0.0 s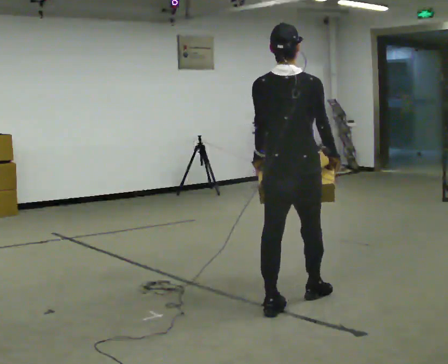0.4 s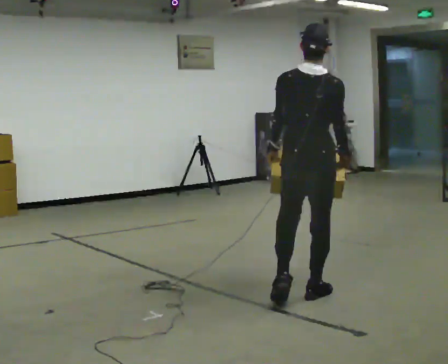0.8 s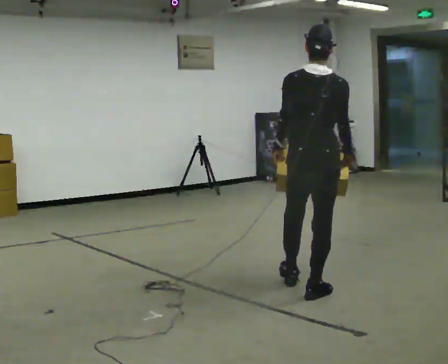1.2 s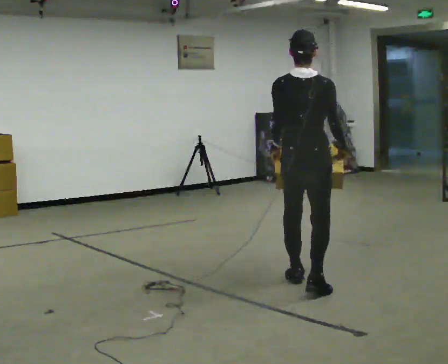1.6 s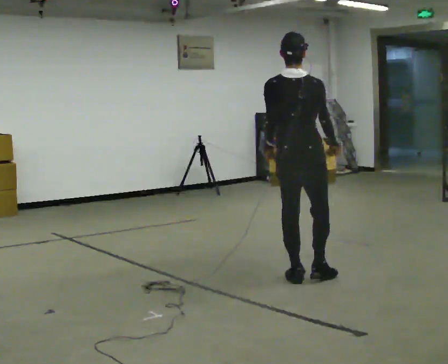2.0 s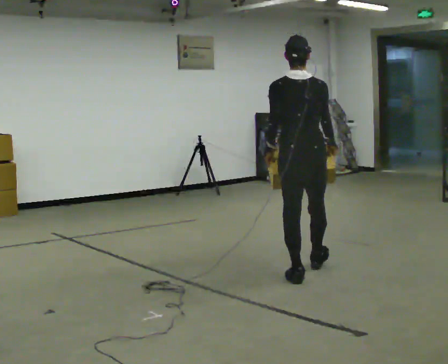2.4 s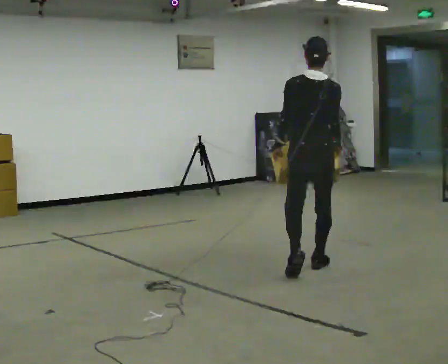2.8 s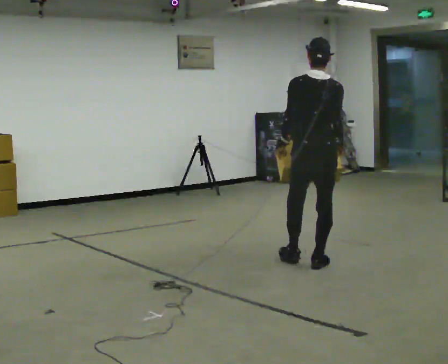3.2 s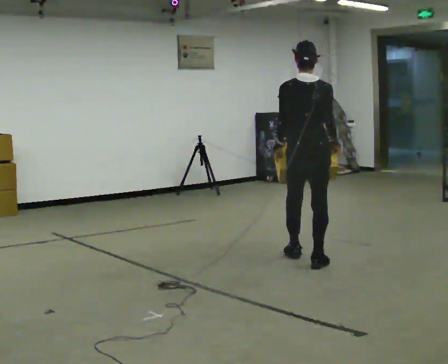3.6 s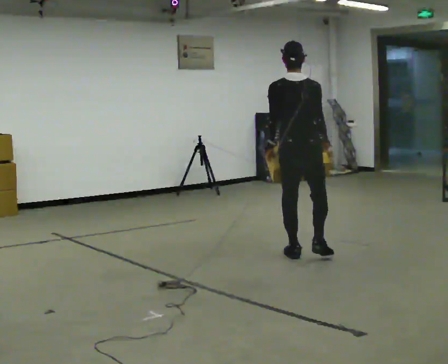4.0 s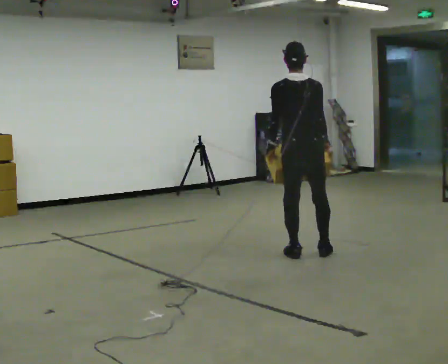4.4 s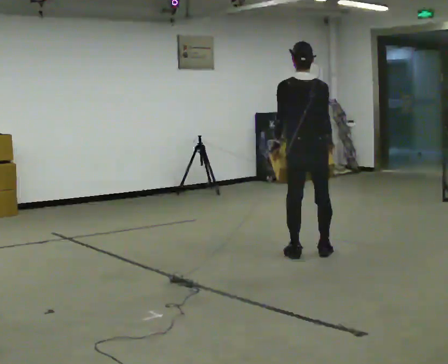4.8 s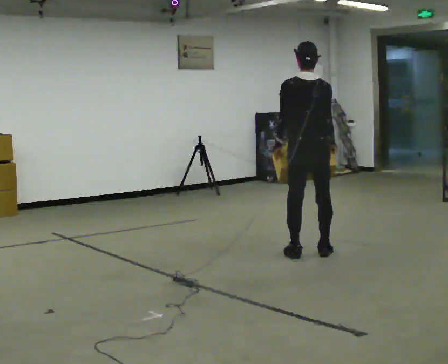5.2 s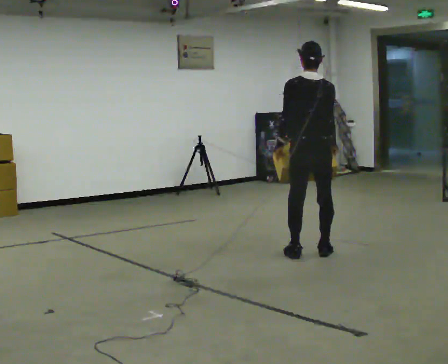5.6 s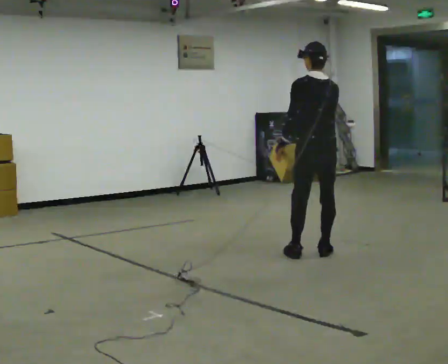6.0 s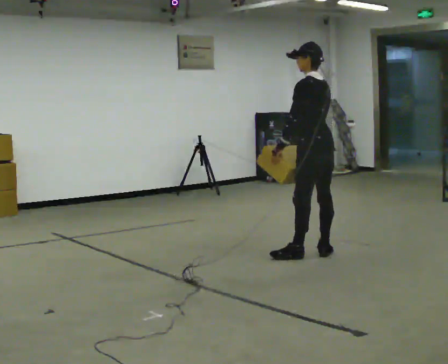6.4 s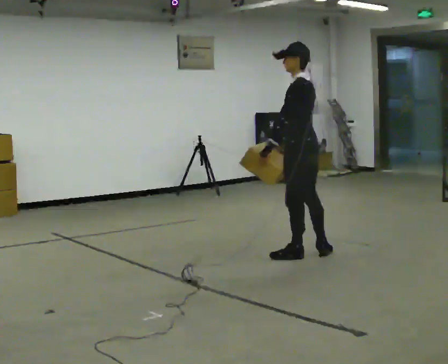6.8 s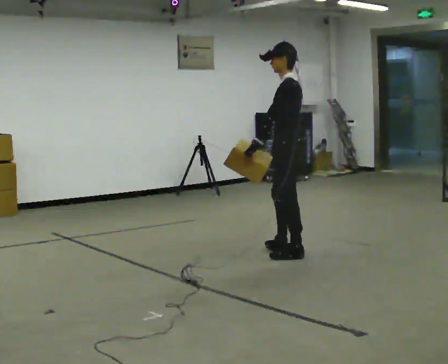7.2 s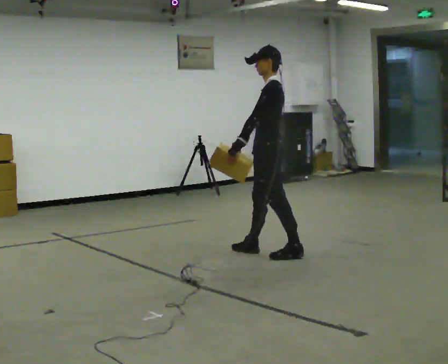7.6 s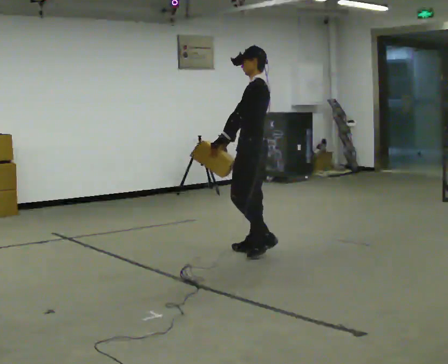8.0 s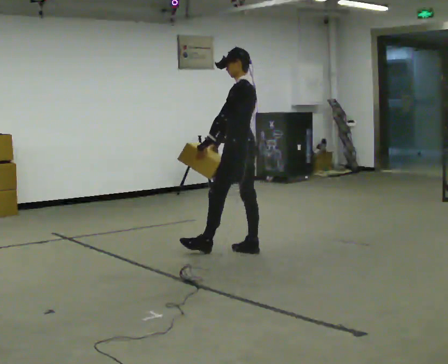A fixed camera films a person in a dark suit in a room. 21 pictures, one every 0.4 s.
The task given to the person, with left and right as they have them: Carry the medium box in both hands in front of you, walking back and forth across the room. Keep walking until the operator says stop.
0.0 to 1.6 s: In the picture they go away from the camera, about 0.75 m in 1 step, which for them is forward.
1.6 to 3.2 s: In the picture they go away from the camera, about 0.5 m in 2 steps, which for them is forward.
3.2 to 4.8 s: In the picture they go away from the camera, about 0.25 m in 1 step, which for them is forward.
4.8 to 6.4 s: The part of the body nearest the lens slides to the right as the person turns to their left by about 60 degrees. In the picture their right hand goes to the left, the arm swinging clockwise.
6.4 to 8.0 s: In the picture they go to the left, about 0.5 m in 1 step, which for them is forward and to their right.
The film runs forward here.
